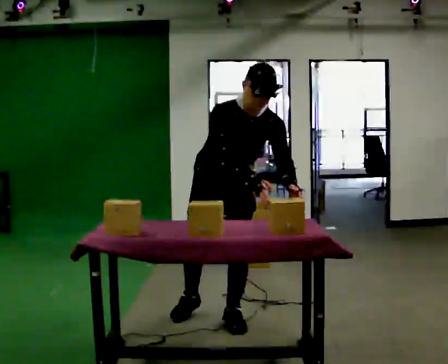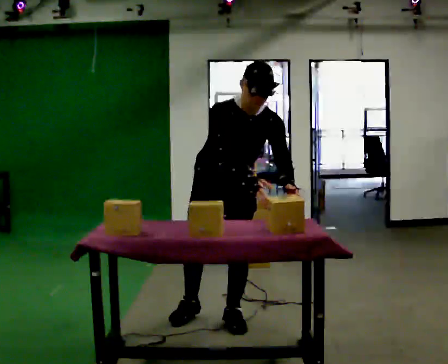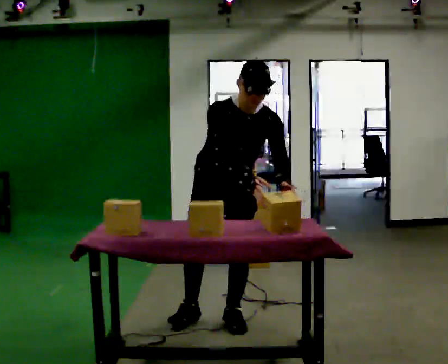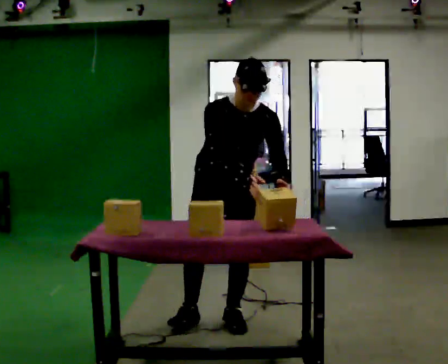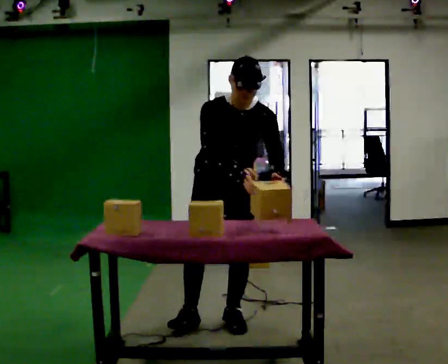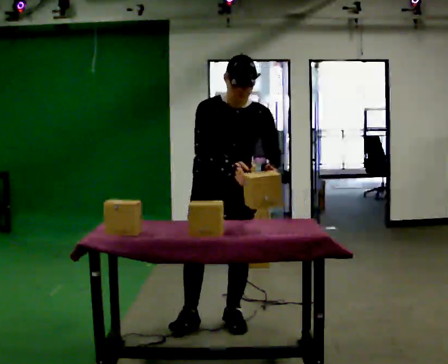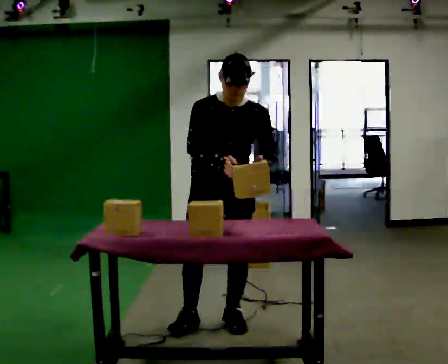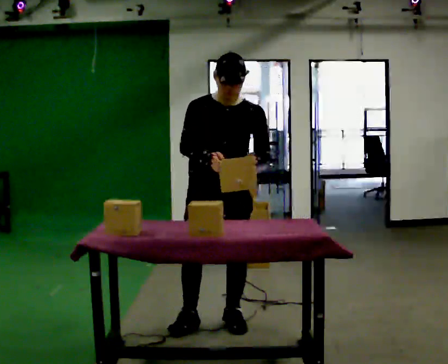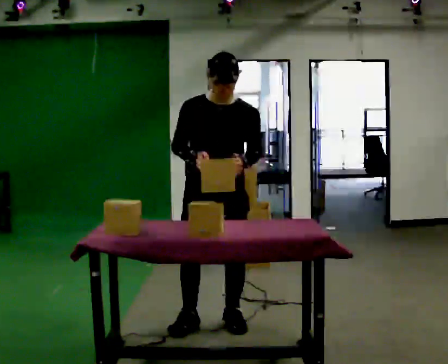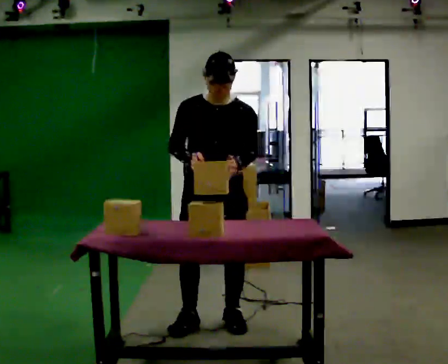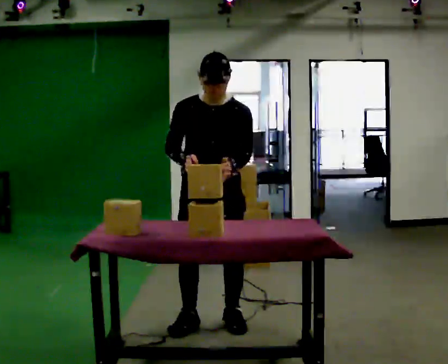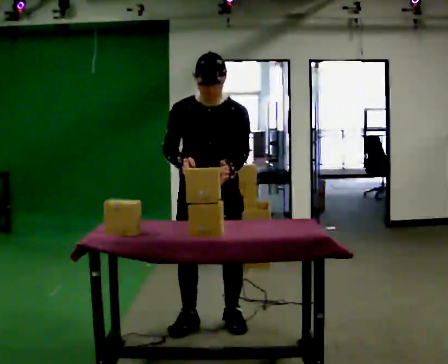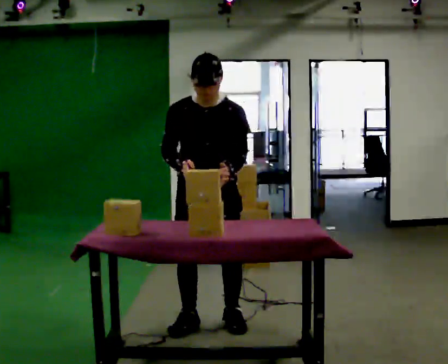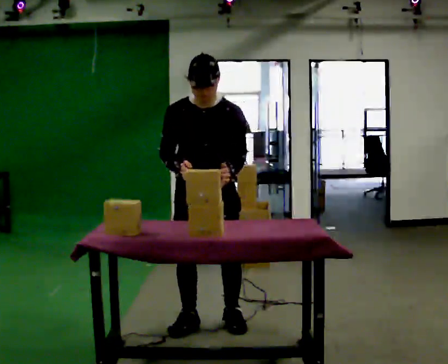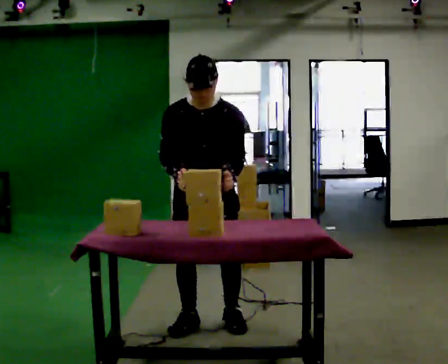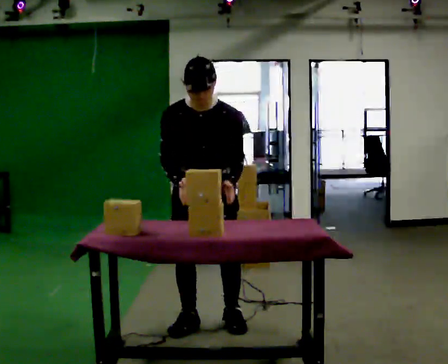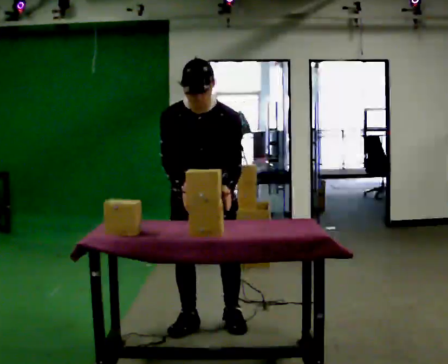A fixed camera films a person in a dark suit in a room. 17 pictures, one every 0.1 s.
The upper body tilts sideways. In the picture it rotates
counterclockwise.
0.0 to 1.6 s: In the picture the upper body tilts counterclockwise, shoulders to the left. In the picture their right hand goes to the left.
The film runs forward here.
